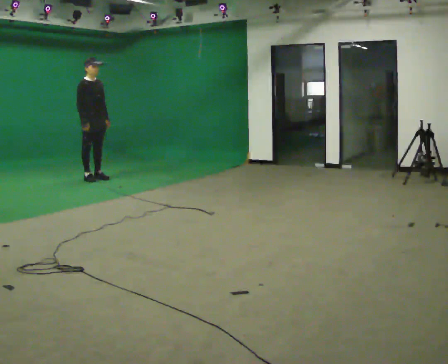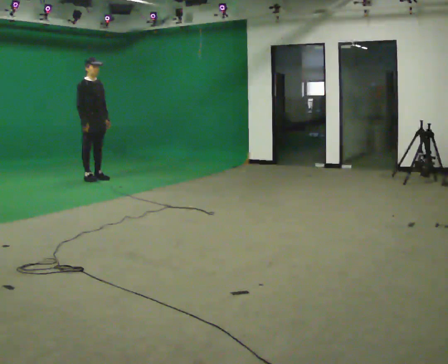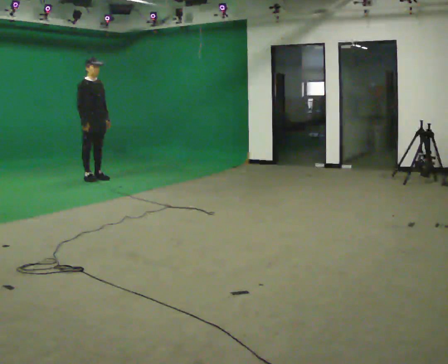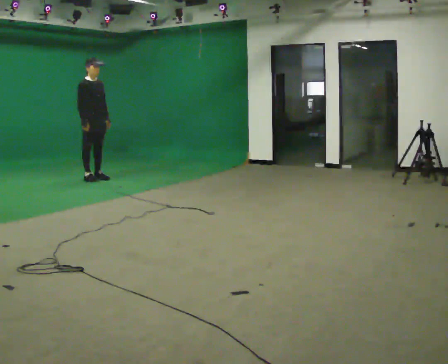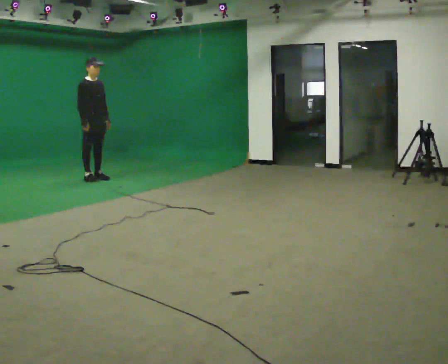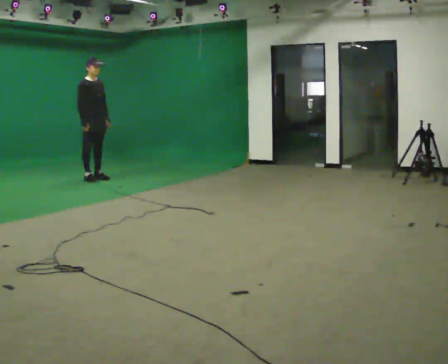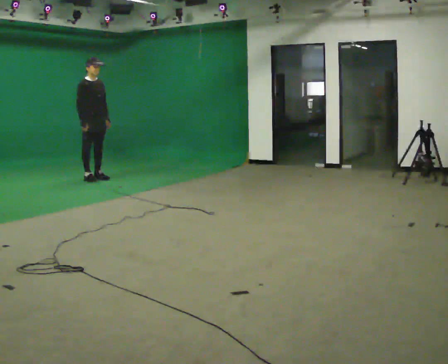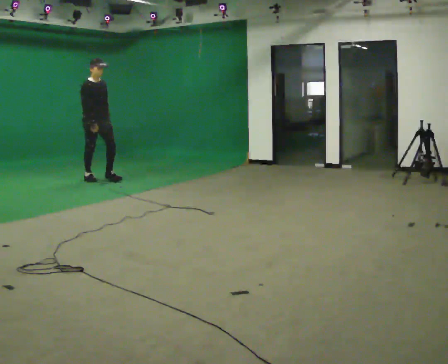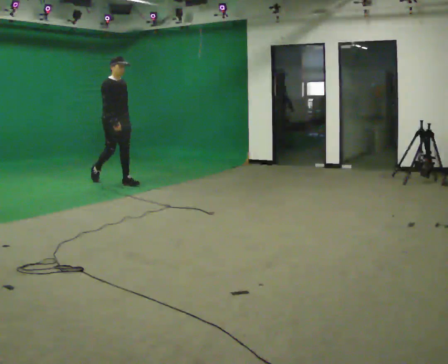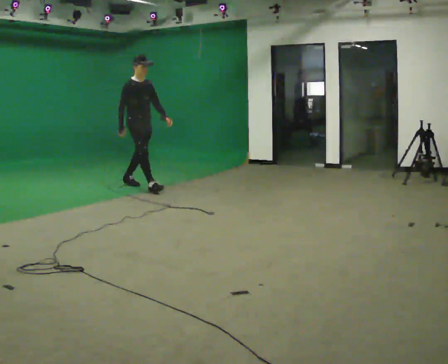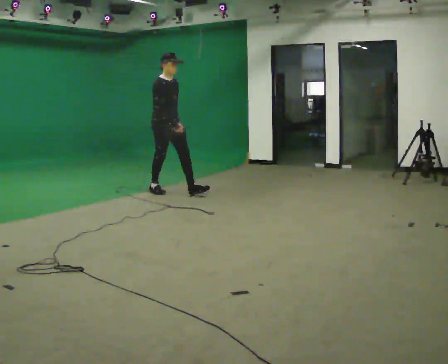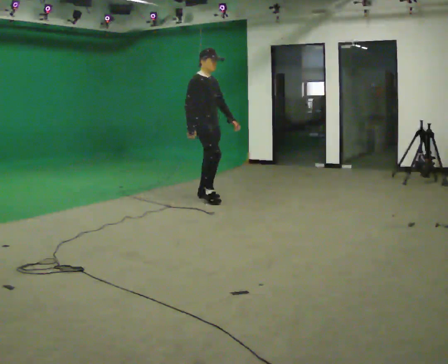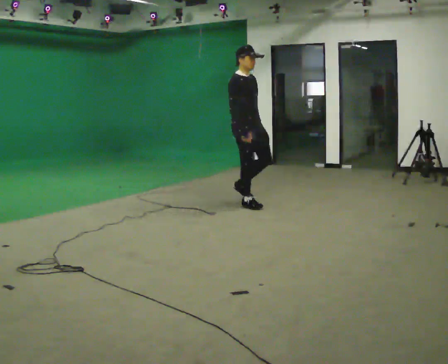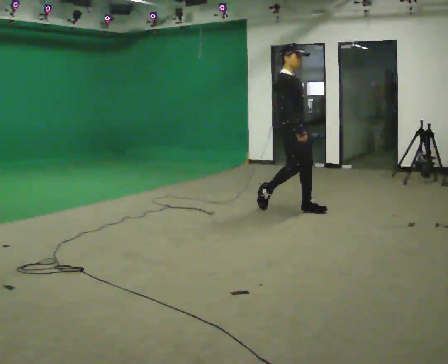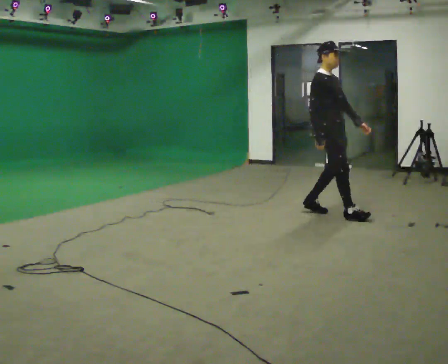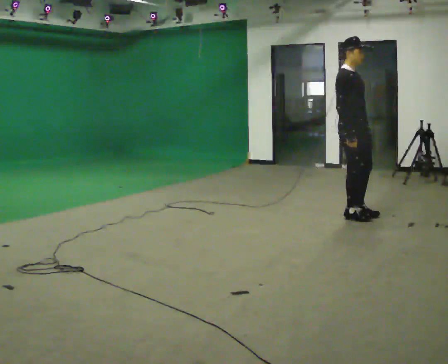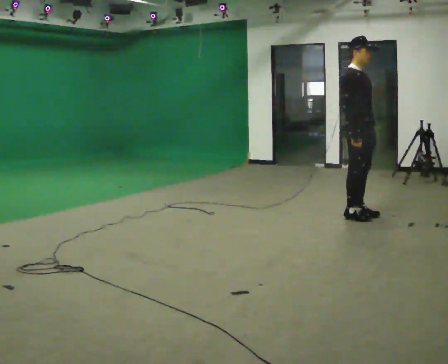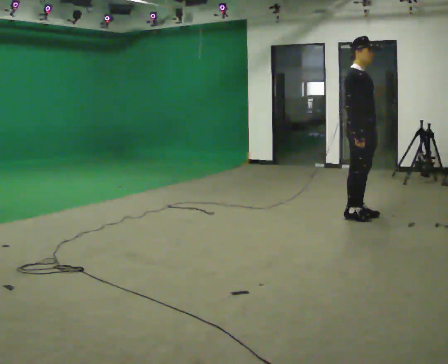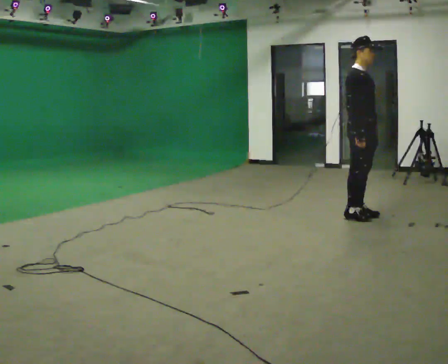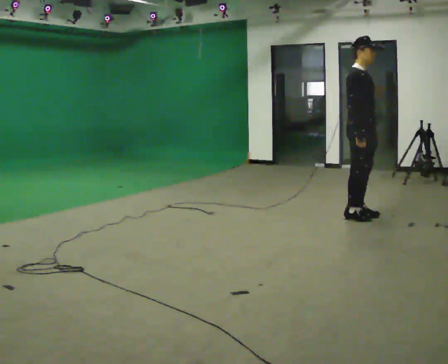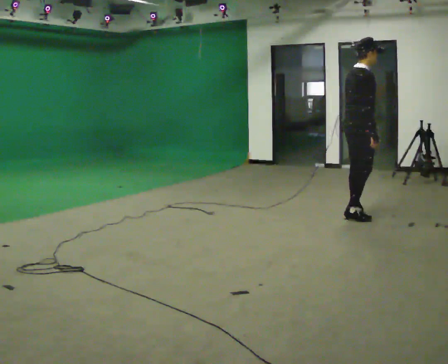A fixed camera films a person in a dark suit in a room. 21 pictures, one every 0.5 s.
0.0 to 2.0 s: The person keeps their place and pose.
2.0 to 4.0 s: In the picture they go to the right and toward the camera, about 0.5 m in 1 step, which for them is forward.
4.0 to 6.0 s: In the picture they go to the right and toward the camera, about 2 m in 3 steps, which for them is forward.
6.0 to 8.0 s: In the picture they go to the right and toward the camera, about 1 m in 3 steps, which for them is forward.
8.0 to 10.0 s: Seen from above the body turns counterclockwise, about 45 degrees: to their left, with its near side sliding to the right.
The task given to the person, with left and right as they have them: Stand still 2 s; begin walking naturally; walk forward; stop.
The film runs forward here.
